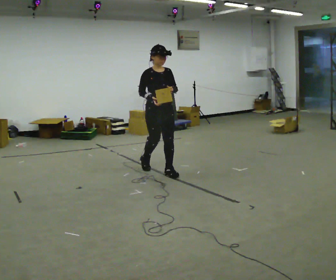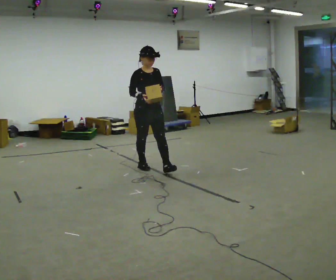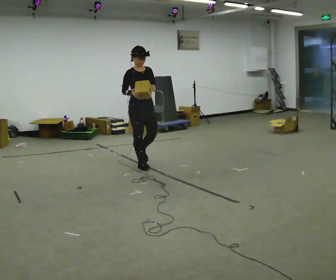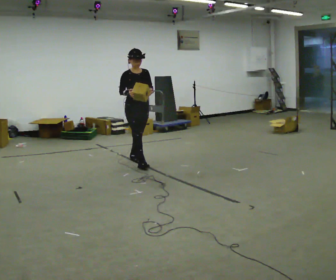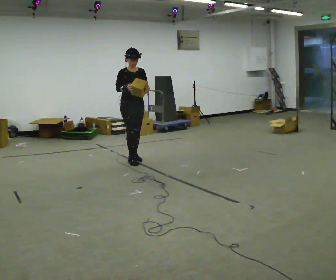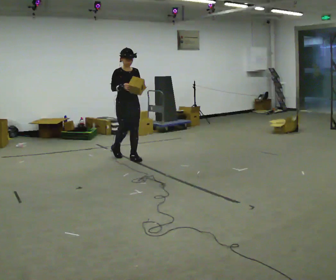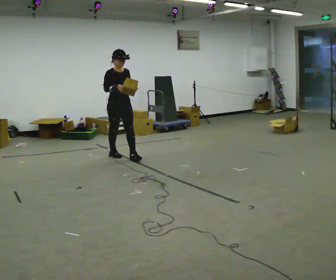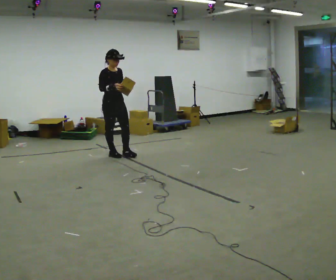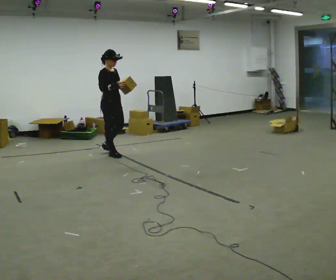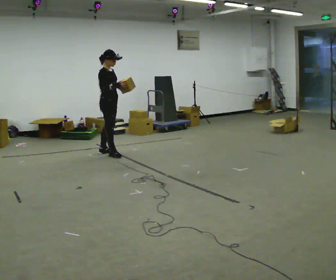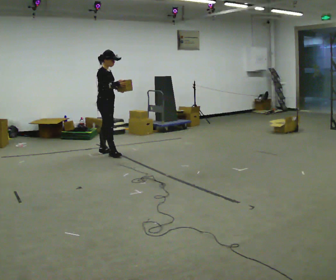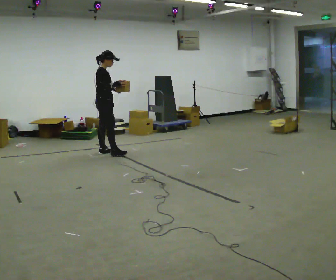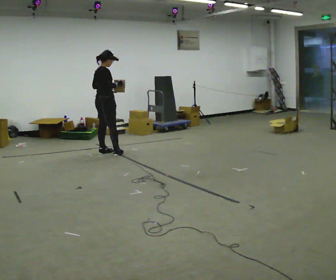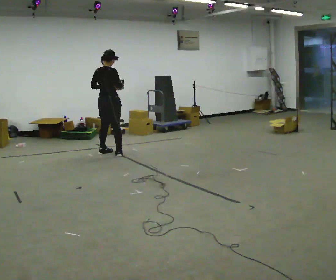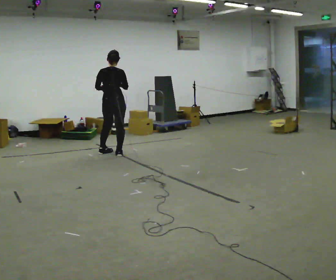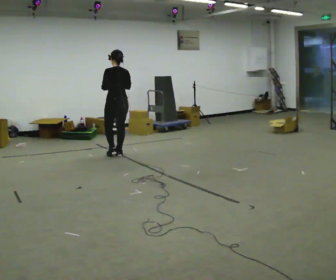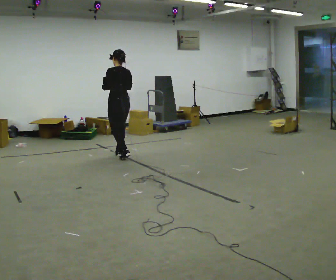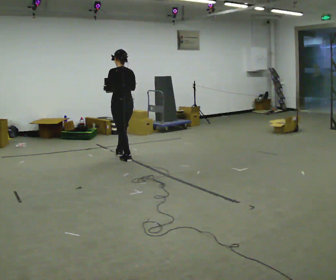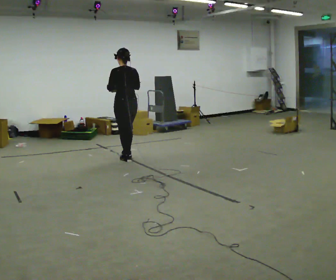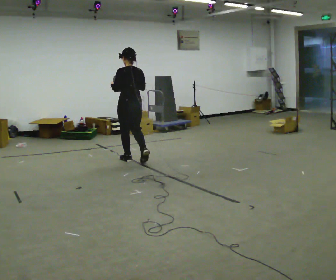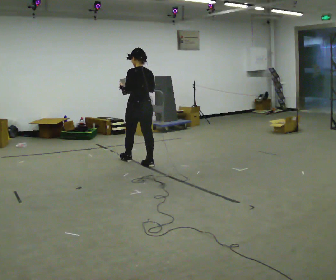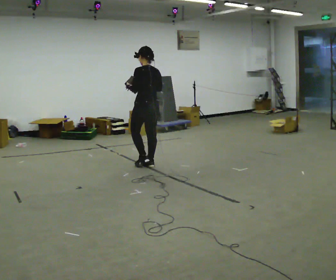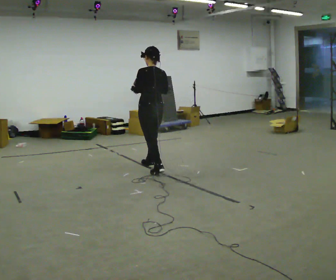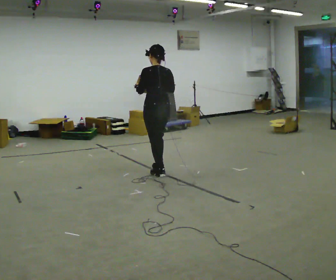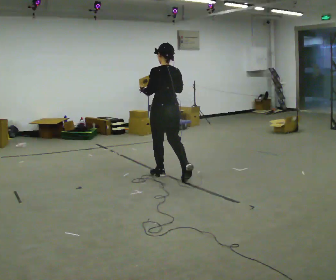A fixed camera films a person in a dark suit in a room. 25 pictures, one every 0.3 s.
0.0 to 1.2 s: In the picture they go away from the camera and to the left, about 1 m in 2 steps, which for them is backward.
1.2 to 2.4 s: The part of the body nearest the lens slides to the right as the person turns to their left by about 45 degrees. In the picture they go to the left and away from the camera, about 0.5 m in 1 step, which for them is backward and to their right.
2.4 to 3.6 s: Seen from above the body turns counterclockwise, about 60 degrees: to their left, with its near side sliding to the right.
3.6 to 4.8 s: The person turns about 105 degrees to their left, counterclockwise seen from above, so the part of the body nearest the lens slides to the right. In the picture they go to the right and toward the camera, about 0.25 m in 1 step.
4.8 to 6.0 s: In the picture they go toward the camera and to the right, about 0.5 m in 1 step, which for them is backward.
6.0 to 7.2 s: In the picture they go toward the camera and to the right, about 0.5 m in 2 steps, which for them is backward.
The film runs backward here.
